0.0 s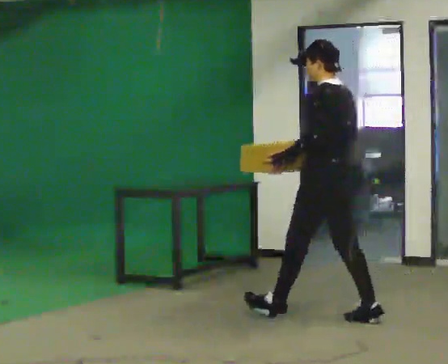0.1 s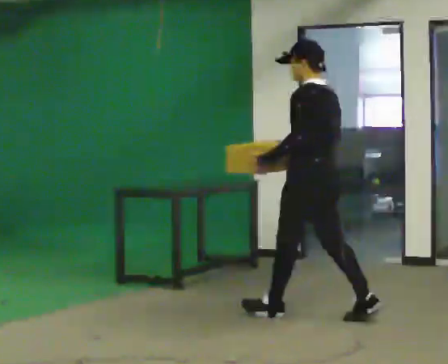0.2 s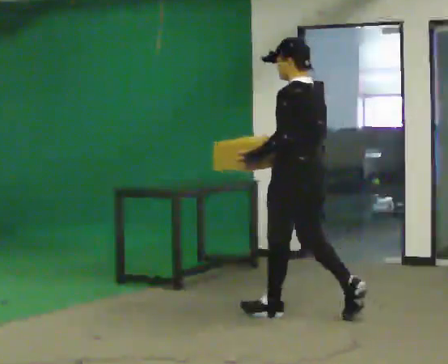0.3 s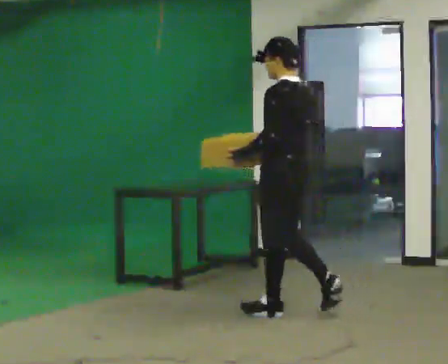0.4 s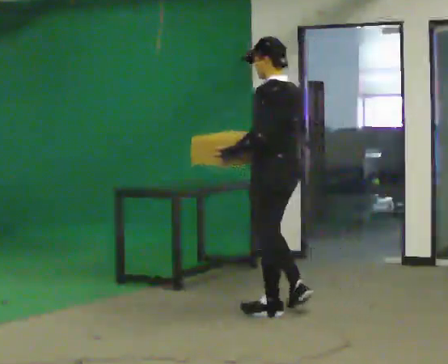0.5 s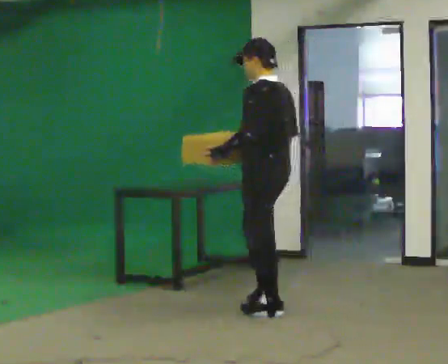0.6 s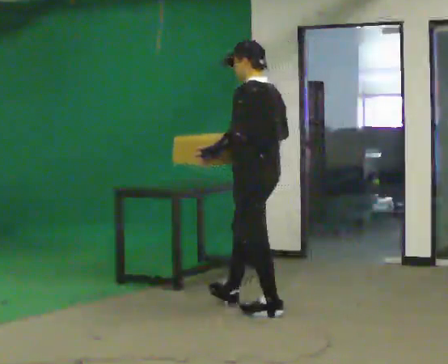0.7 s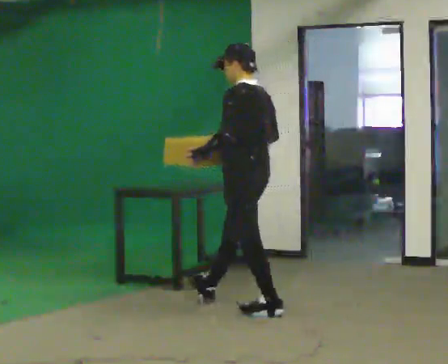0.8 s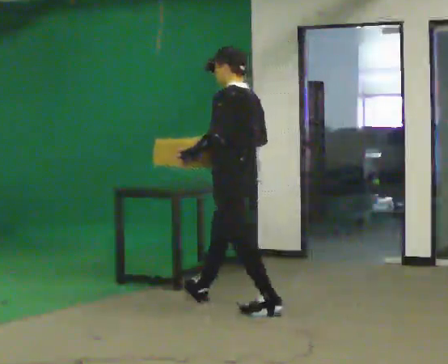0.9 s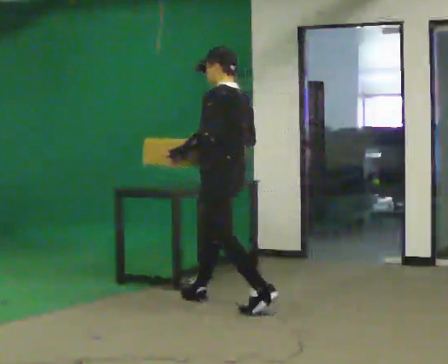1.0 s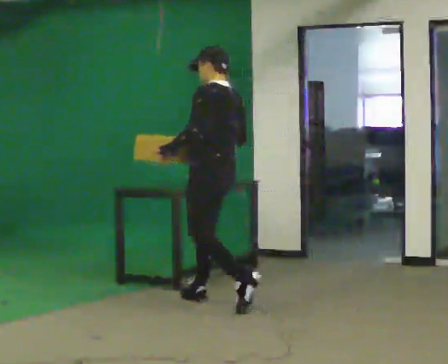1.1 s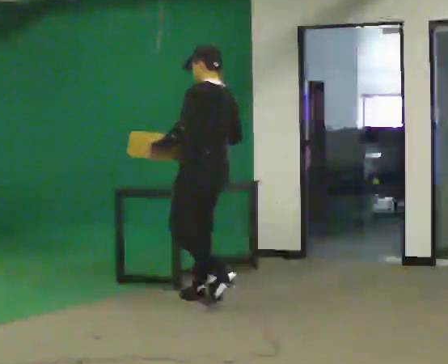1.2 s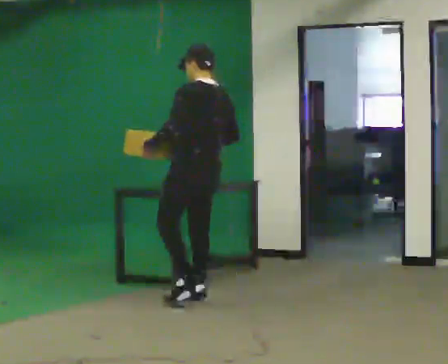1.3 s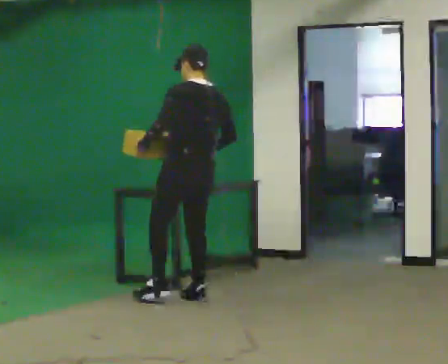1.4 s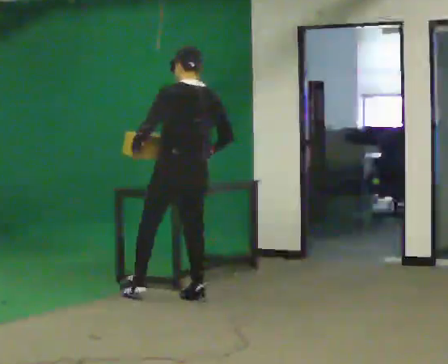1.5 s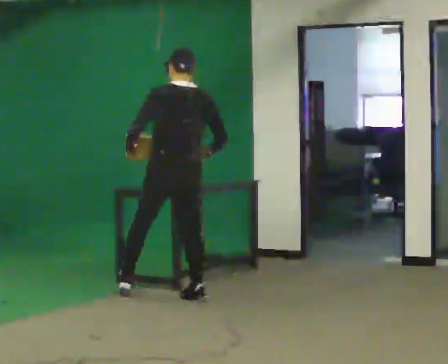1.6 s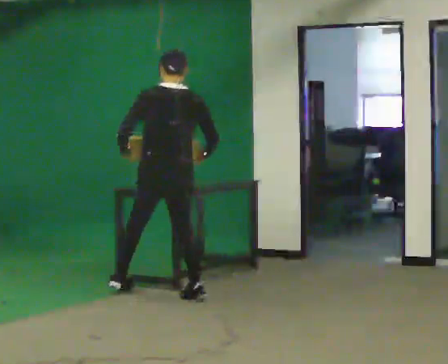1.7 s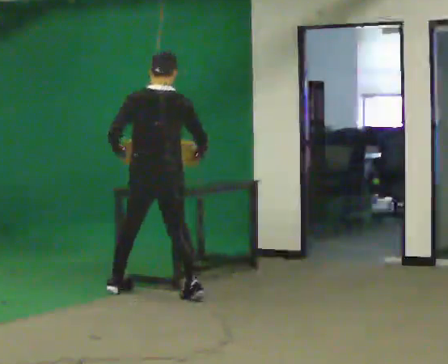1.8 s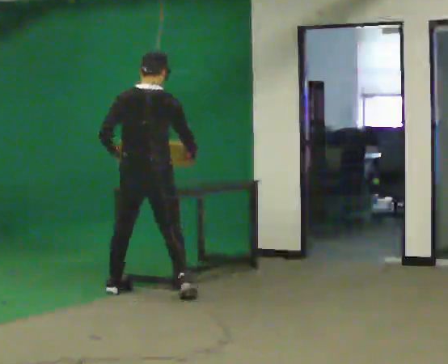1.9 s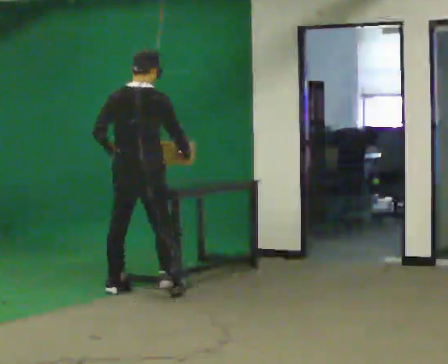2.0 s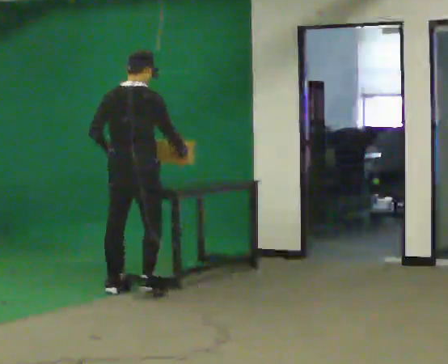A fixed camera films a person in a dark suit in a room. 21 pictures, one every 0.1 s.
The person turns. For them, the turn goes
to their right.
The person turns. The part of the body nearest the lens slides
to the left.
0.0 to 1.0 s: In the picture they go to the left and away from the camera, about 1 m in 1 step, which for them is forward.
1.0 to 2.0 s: Seen from above the body turns clockwise, about 90 degrees: to their right, with its near side sliding to the left. In the picture they go to the left and away from the camera, about 0.75 m in 1 step.
The film runs forward here.
